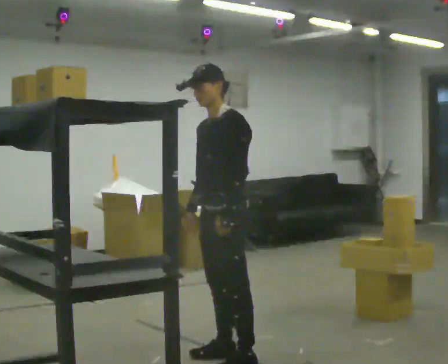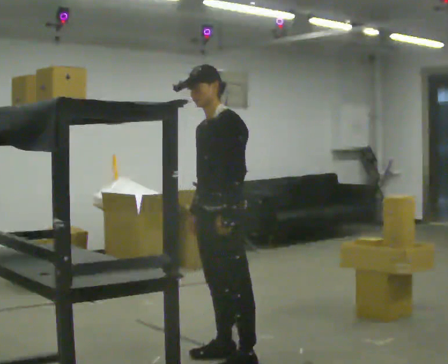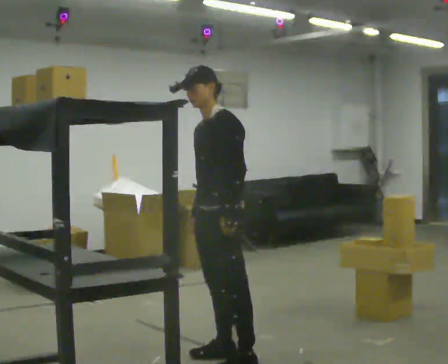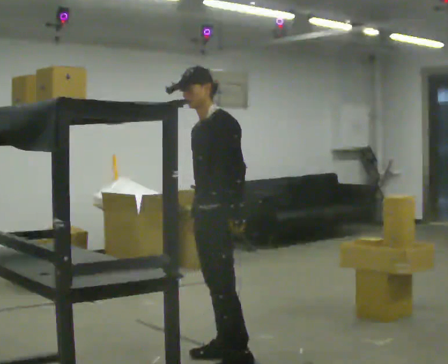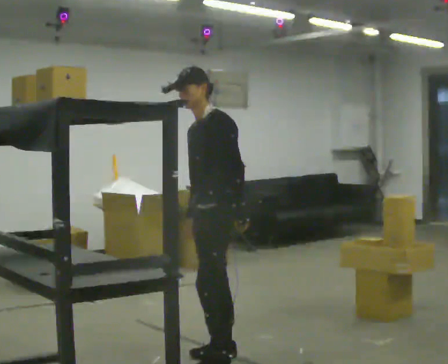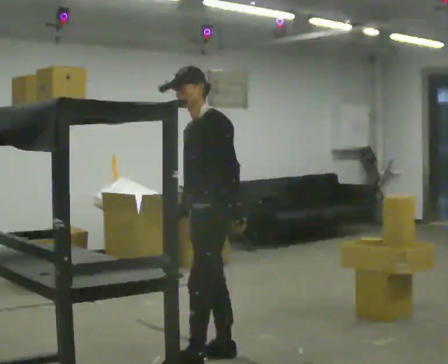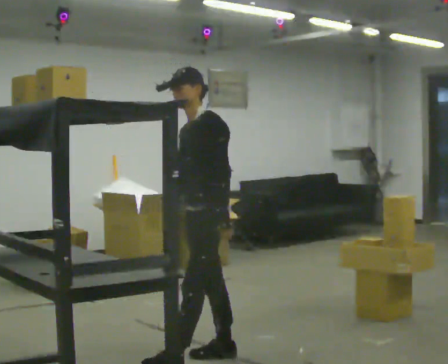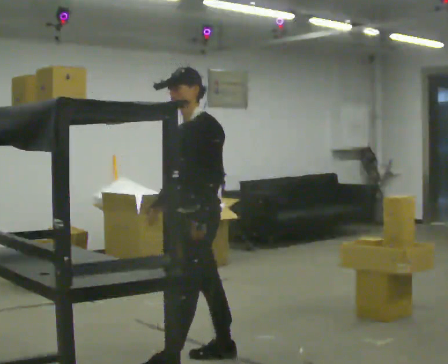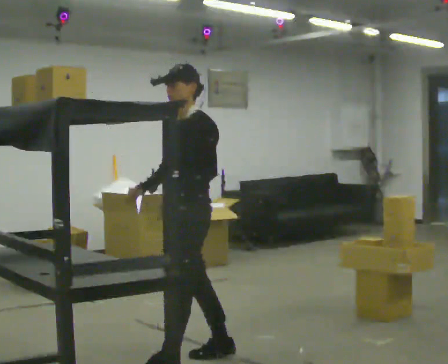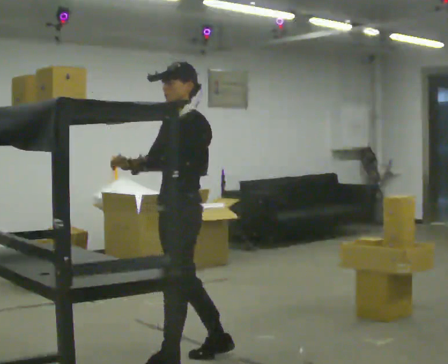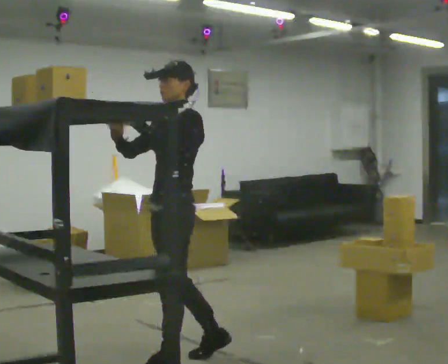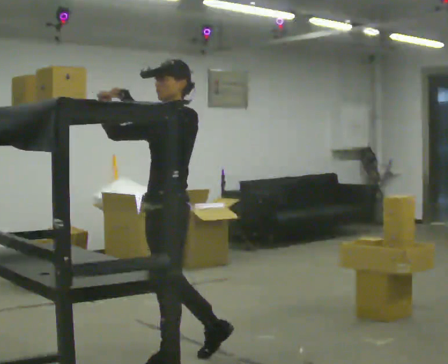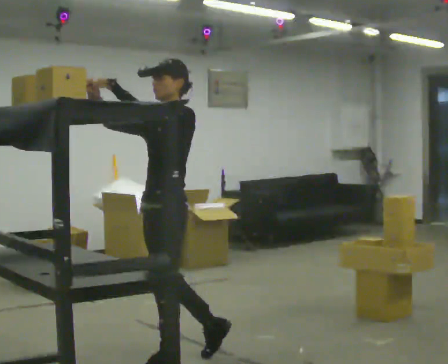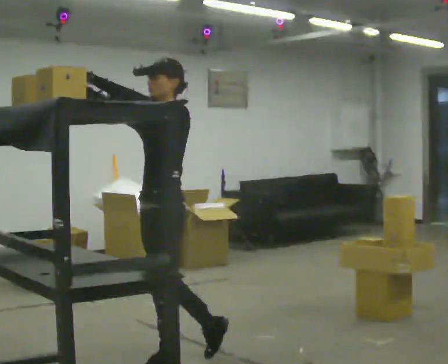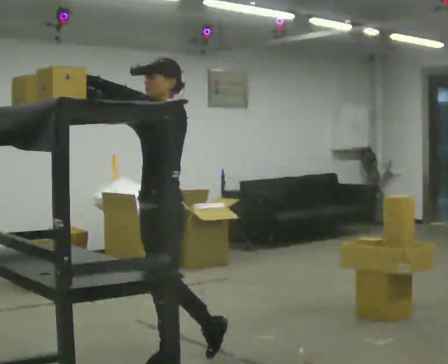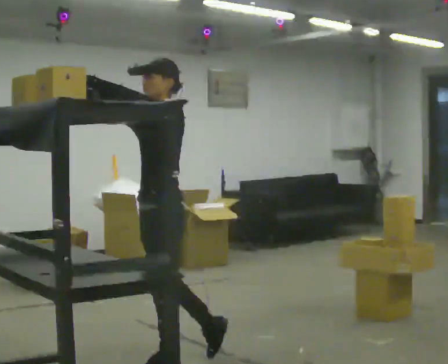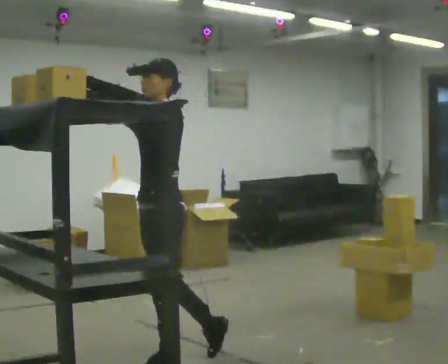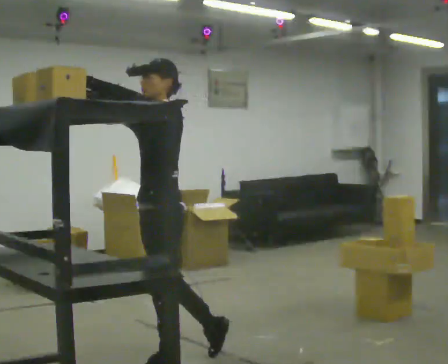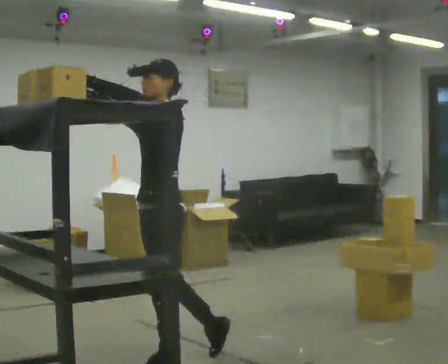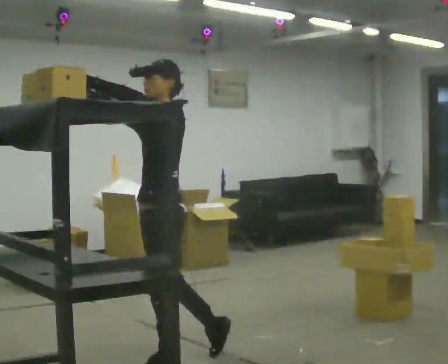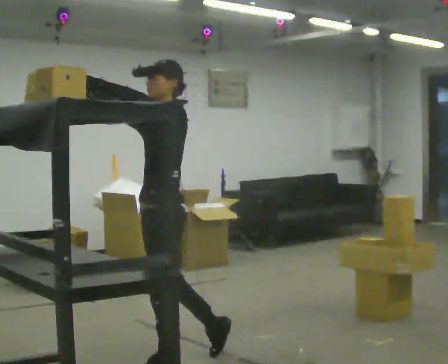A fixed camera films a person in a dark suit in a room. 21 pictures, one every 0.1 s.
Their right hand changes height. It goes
upward.
Their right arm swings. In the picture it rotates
clockwise.
0.0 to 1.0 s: In the picture they go to the left, about 0.25 m in 1 step, which for them is forward. In the picture their right hand goes upward, the arm swinging clockwise.
1.0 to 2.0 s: In the picture their left hand goes upward.
The film runs backward here.
